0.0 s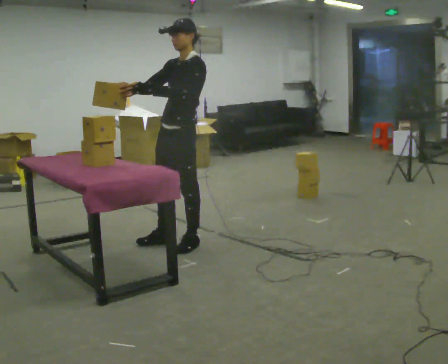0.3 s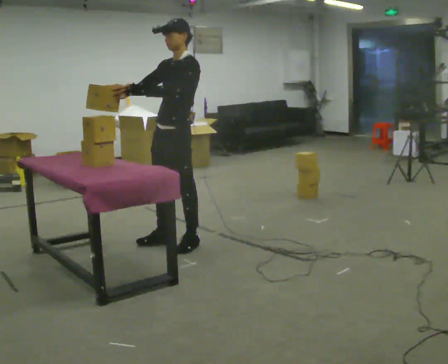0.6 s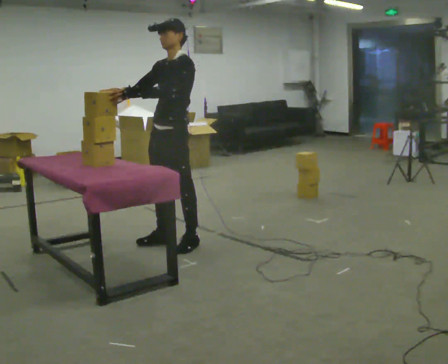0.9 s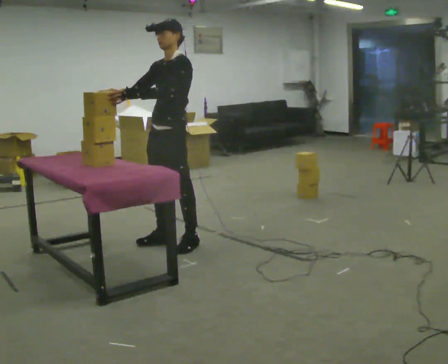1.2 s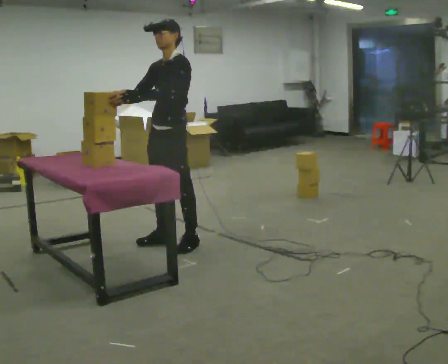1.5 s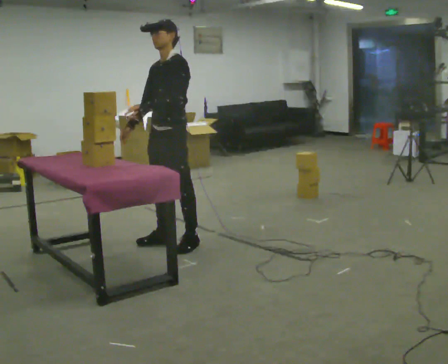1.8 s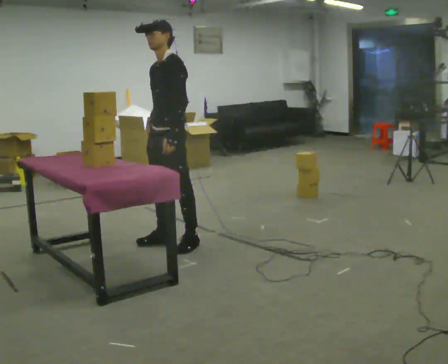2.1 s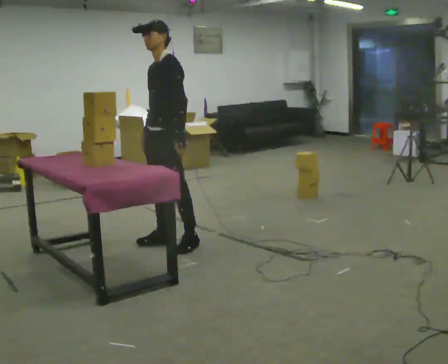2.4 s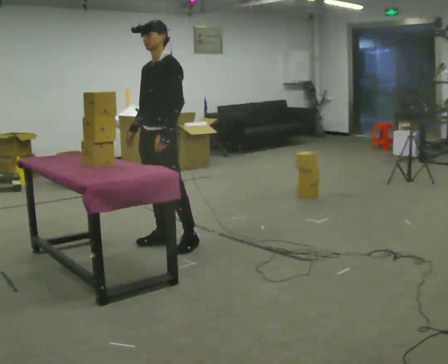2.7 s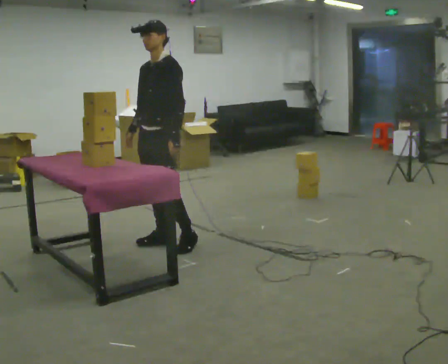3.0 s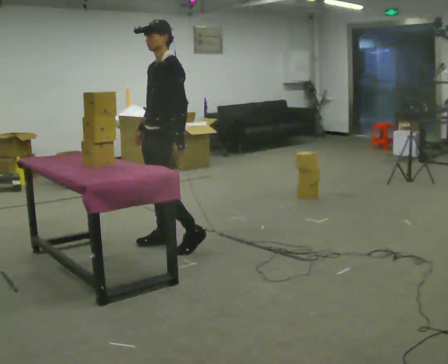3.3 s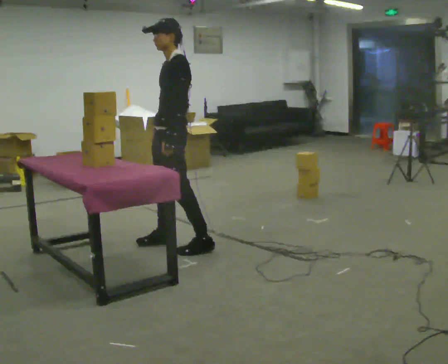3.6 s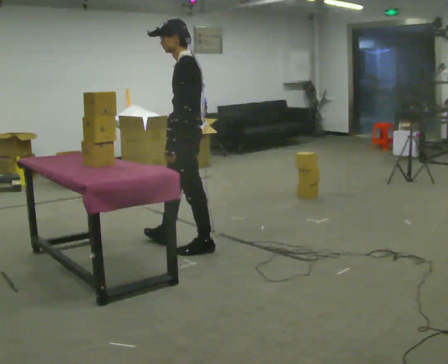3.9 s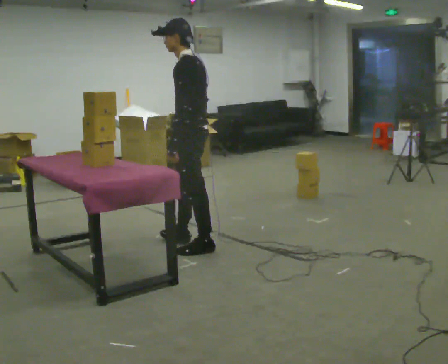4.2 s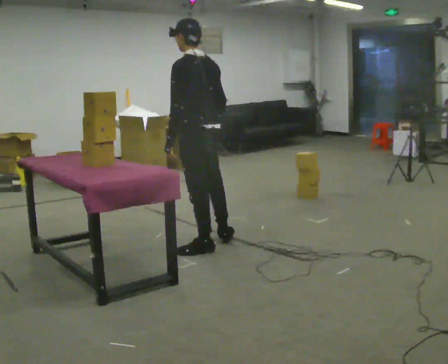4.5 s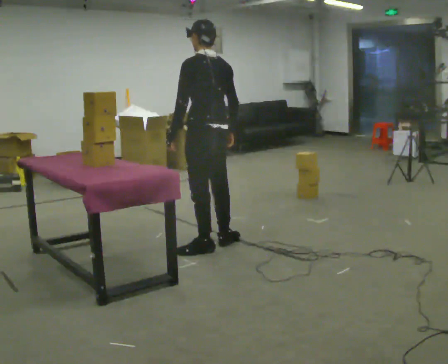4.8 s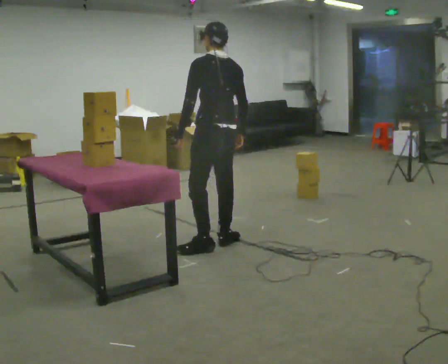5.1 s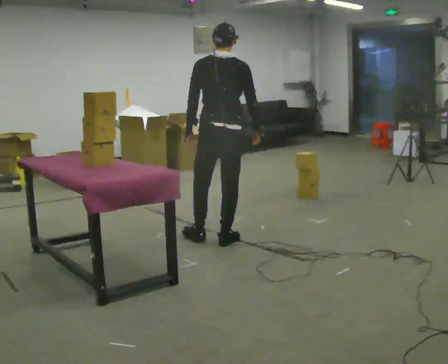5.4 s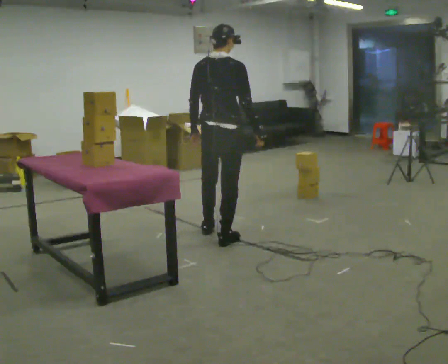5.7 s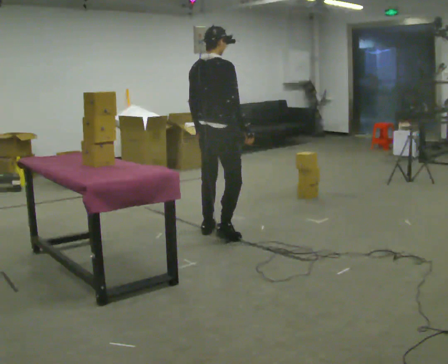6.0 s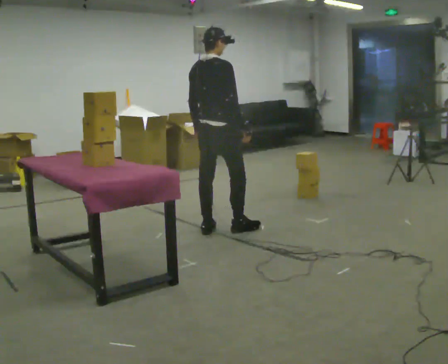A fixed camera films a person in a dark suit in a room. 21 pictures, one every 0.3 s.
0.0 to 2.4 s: In the picture they go to the left, about 0.25 m, which for them is to their right. In the picture their right hand goes downward.
2.4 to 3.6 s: The person turns about 45 degrees to their right, clockwise seen from above, so the part of the body nearest the lens slides to the left. In the picture they go to the right and toward the camera, about 0.25 m in 1 step, which for them is to their left.
3.6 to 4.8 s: The part of the body nearest the lens slides to the left as the person turns to their right by about 45 degrees. In the picture they go to the right, about 0.25 m in 1 step, which for them is to their right.
4.8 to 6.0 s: The part of the body nearest the lens slides to the left as the person turns to their right by about 75 degrees. In the picture they go away from the camera, about 0.5 m in 1 step.
The film runs forward here.
